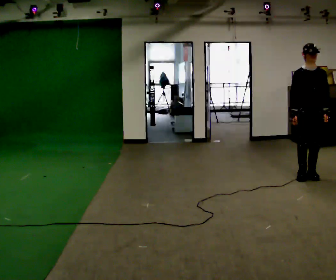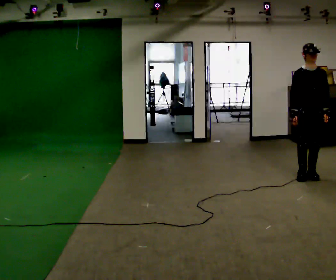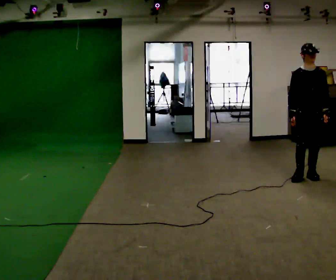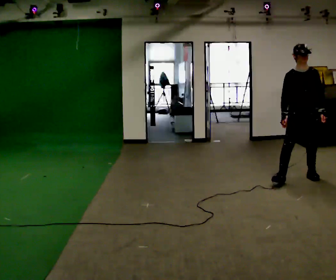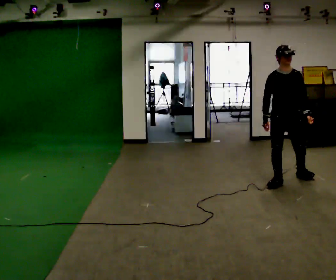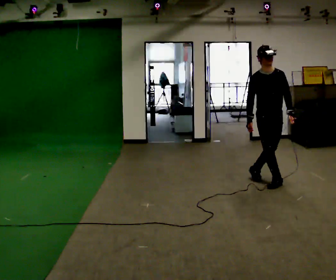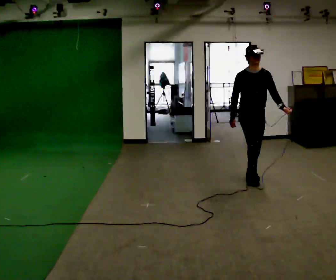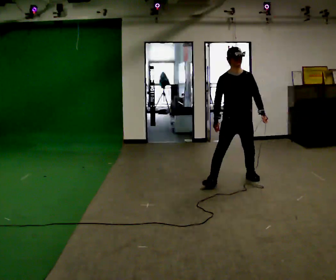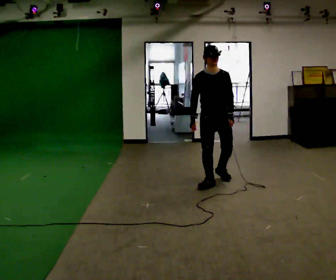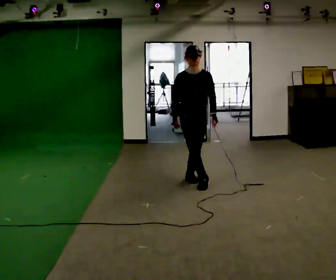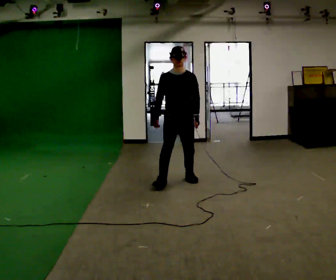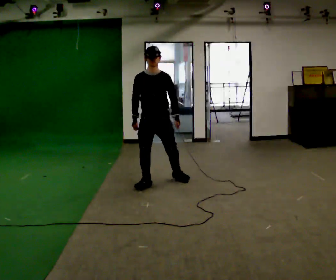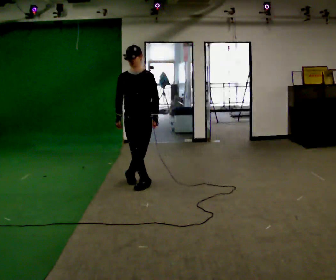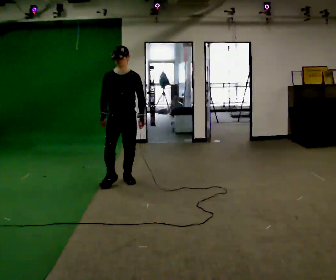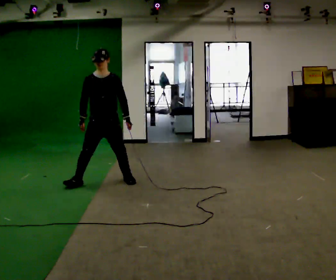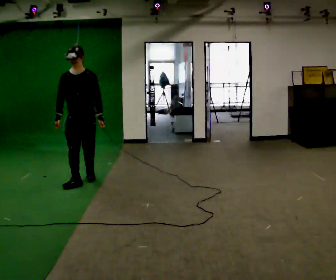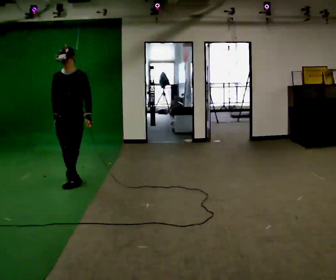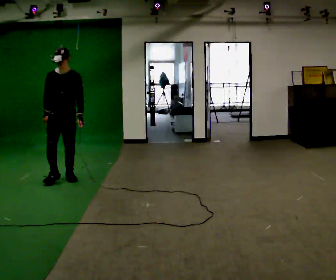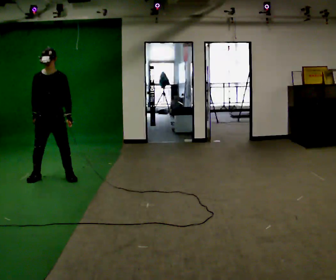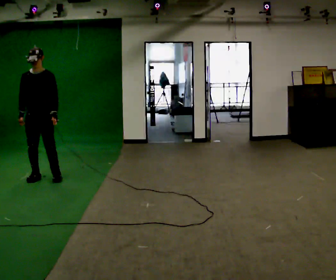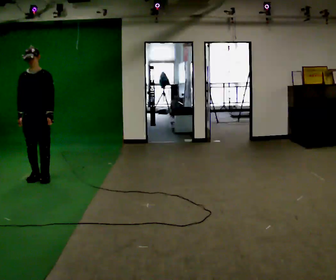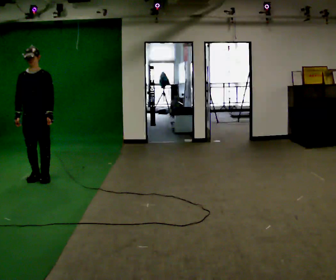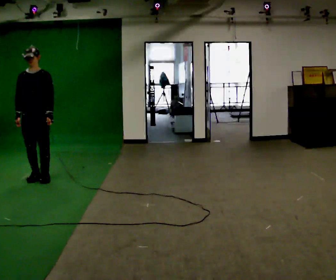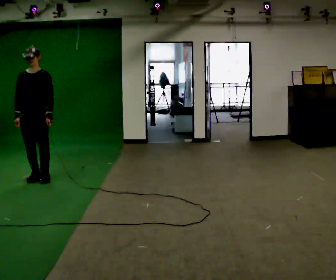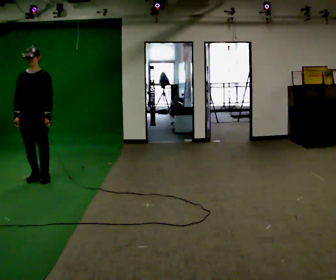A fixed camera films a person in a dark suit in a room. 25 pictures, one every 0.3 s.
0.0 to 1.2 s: In the picture they go to the left, about 0.25 m in 1 step, which for them is to their right.
1.2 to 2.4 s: In the picture they go to the left, about 1 m in 2 steps, which for them is to their right.
2.4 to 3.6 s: In the picture they go to the left, about 1 m in 2 steps, which for them is to their right.
3.6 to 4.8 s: In the picture they go to the left, about 1 m in 3 steps, which for them is to their right.
4.8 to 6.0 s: In the picture they go to the left, about 0.5 m in 2 steps, which for them is to their right and backward.
6.0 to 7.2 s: The person moves a little, or ends about where they began.
The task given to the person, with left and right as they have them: Move sideways in the direction the operator calls, crossing one foot in front and then behind, alternating.
The film runs forward here.
